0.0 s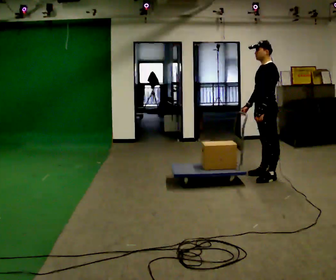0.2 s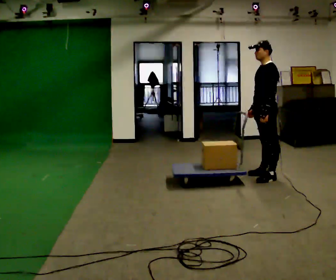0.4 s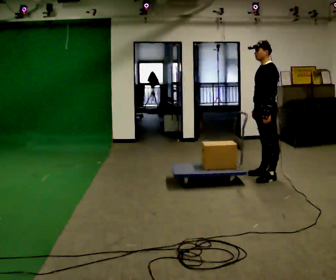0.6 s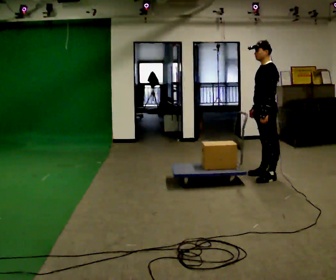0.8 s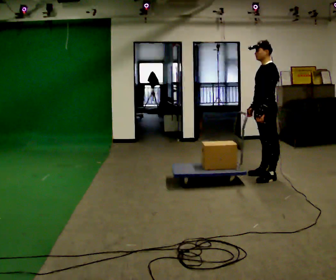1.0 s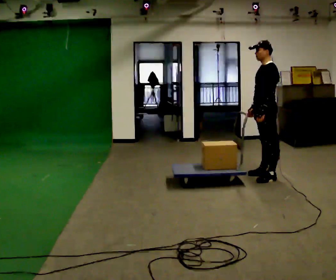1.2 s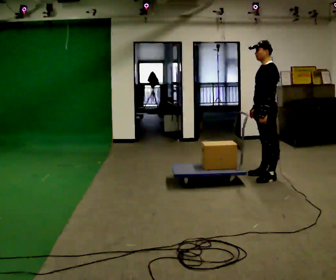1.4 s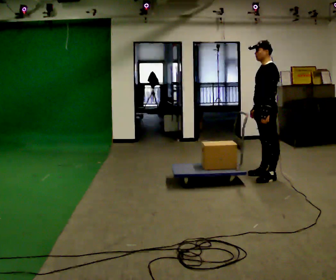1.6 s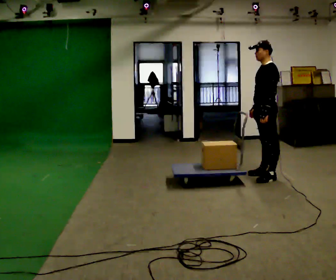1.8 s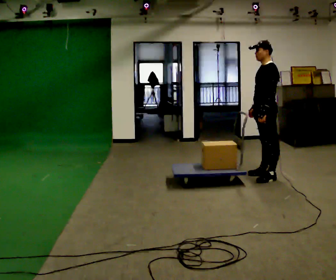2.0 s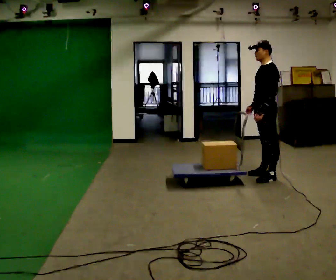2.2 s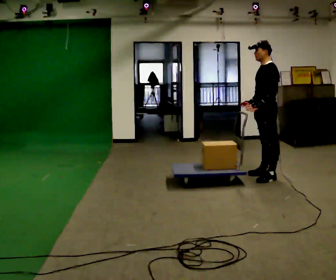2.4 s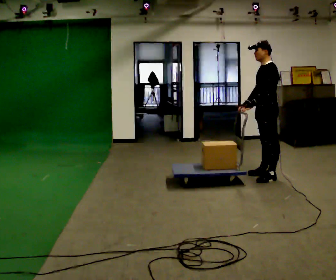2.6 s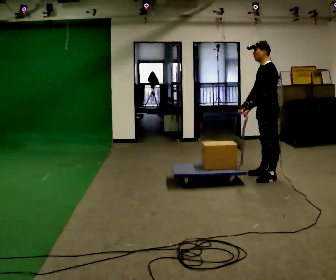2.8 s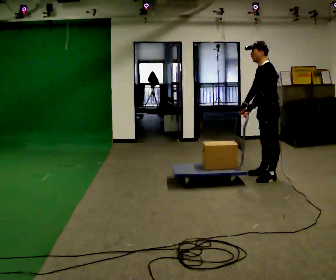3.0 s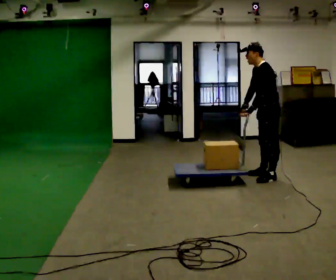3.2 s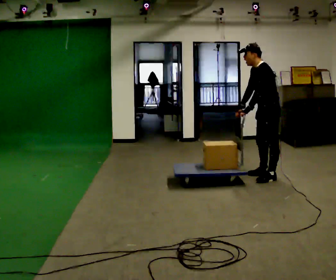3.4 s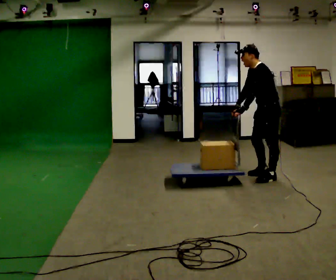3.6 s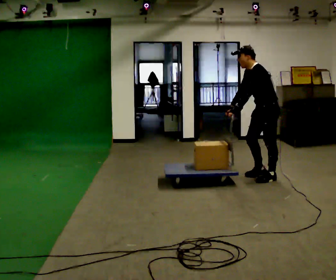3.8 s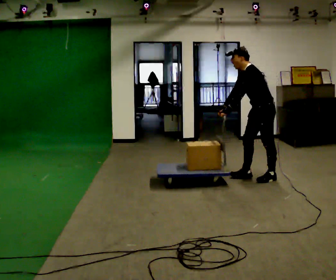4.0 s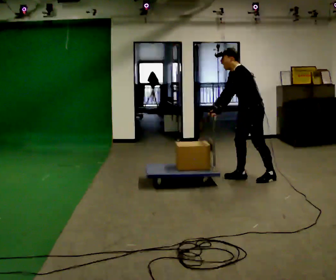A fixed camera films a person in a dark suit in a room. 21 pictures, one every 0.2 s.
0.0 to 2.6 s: The person moves a little, or ends about where they began.
2.6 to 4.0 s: In the picture they go to the left, about 0.25 m in 1 step, which for them is forward. In the picture the upper body tilts counterclockwise, shoulders to the left, as they bend forward. In the picture their right hand goes to the left.
The film runs forward here.
